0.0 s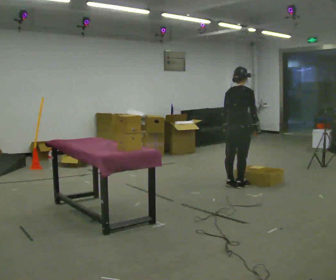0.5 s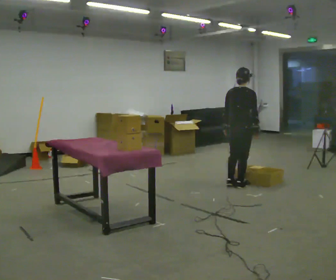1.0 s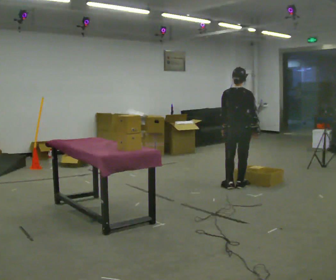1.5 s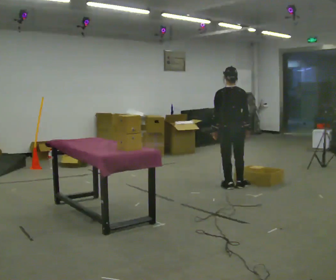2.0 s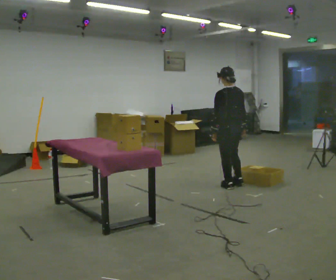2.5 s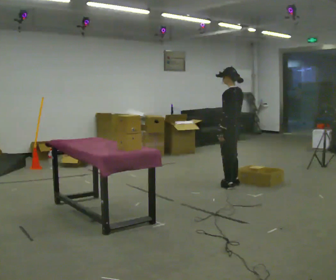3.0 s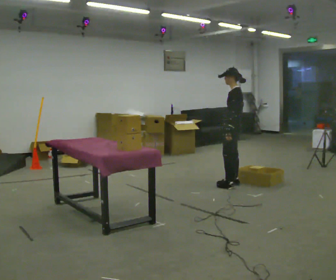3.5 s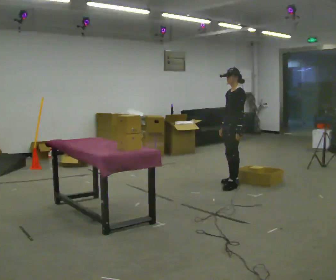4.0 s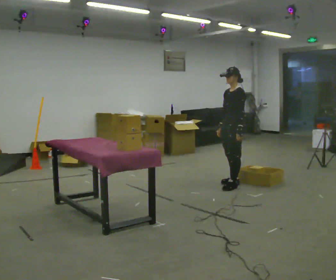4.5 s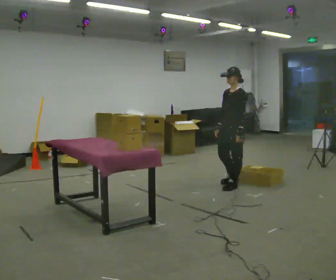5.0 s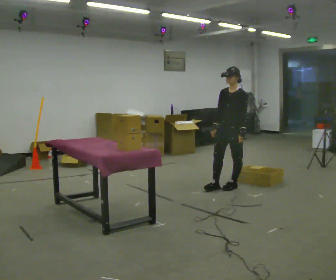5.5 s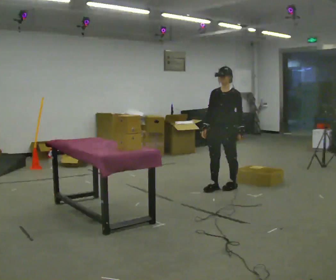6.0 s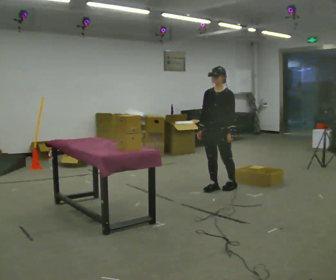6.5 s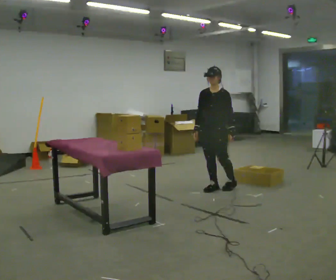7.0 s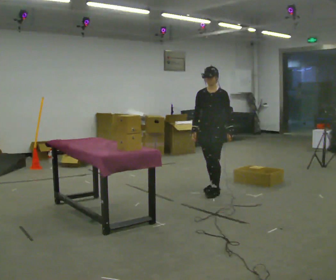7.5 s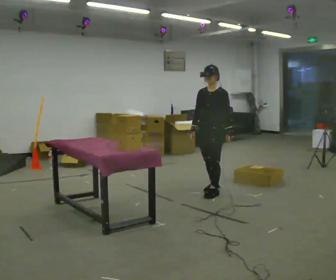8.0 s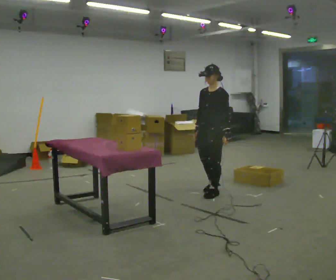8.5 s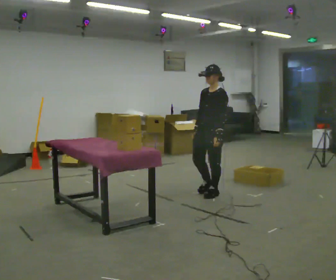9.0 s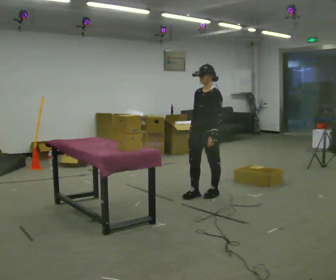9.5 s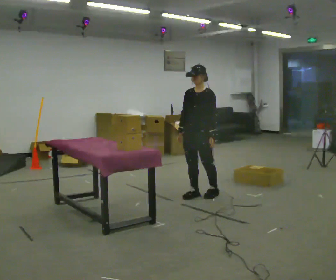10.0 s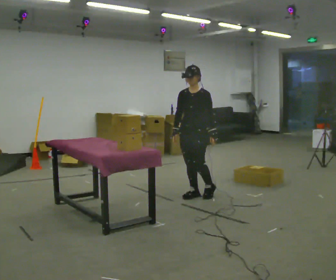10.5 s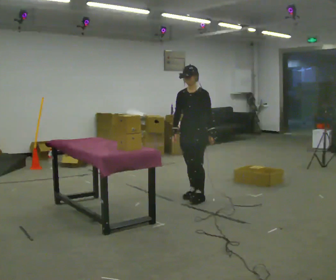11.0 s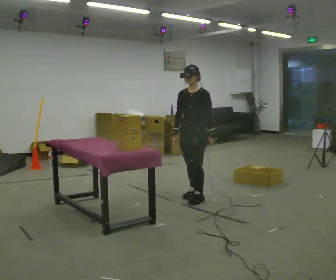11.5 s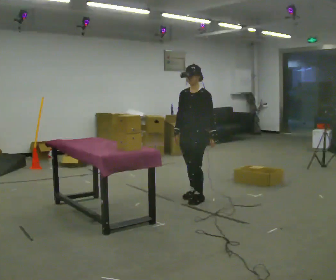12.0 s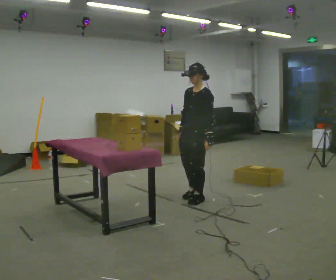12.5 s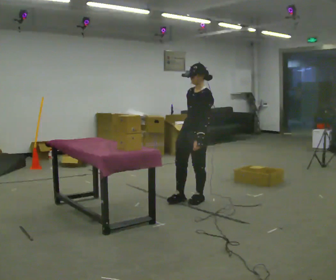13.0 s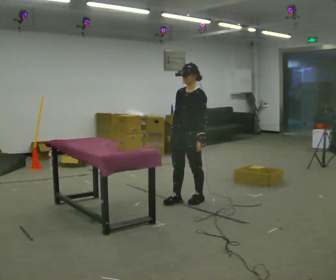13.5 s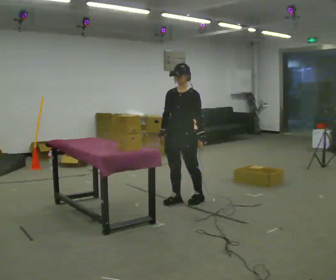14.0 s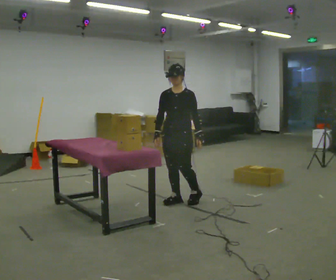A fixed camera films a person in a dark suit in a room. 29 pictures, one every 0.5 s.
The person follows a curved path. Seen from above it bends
counterclockwise.
0.0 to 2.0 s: The person turns about 60 degrees to their left, counterclockwise seen from above, so the part of the body nearest the lens slides to the right.
2.0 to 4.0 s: Seen from above the body turns counterclockwise, about 75 degrees: to their left, with its near side sliding to the right. In the picture their right hand goes to the left, the arm swinging clockwise.
4.0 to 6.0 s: The person turns about 45 degrees to their left, counterclockwise seen from above, so the part of the body nearest the lens slides to the right. In the picture they go to the left, about 0.25 m in 1 step, which for them is forward.
6.0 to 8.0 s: In the picture they go toward the camera, about 0.25 m in 1 step, which for them is forward.
8.0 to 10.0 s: In the picture they go to the left, about 0.25 m in 1 step, which for them is forward and to their right.
10.0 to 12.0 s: In the picture they go toward the camera, about 0.25 m in 1 step, which for them is forward and to their left.
12.0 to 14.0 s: The person turns about 30 degrees to their left, counterclockwise seen from above, so the part of the body nearest the lens slides to the right. In the picture they go to the left, about 0.25 m in 1 step, which for them is forward and to their right. In the picture their right hand goes to the left.
The film runs forward here.
